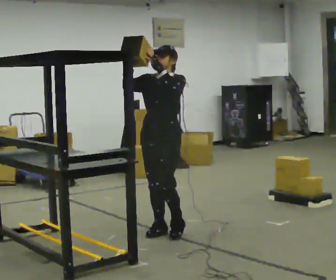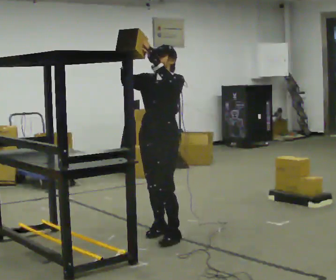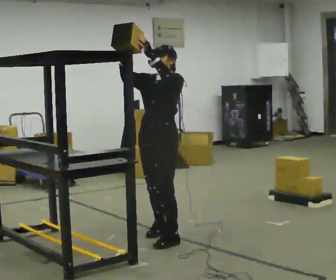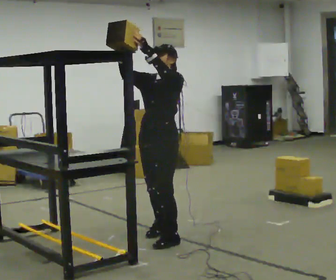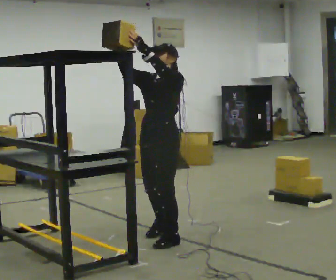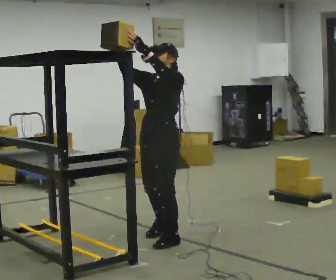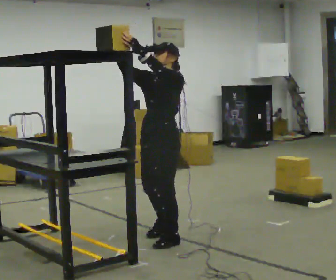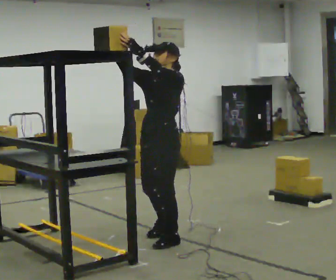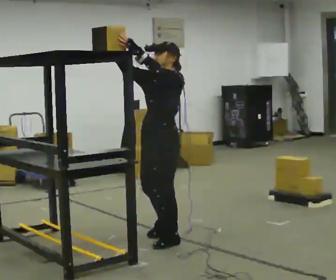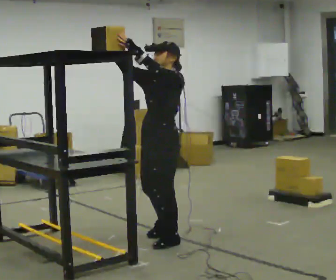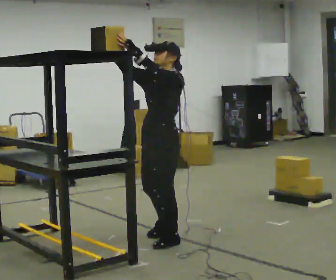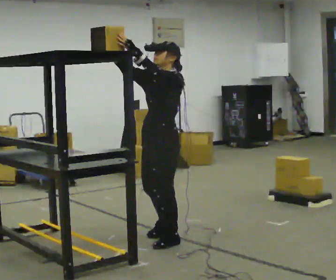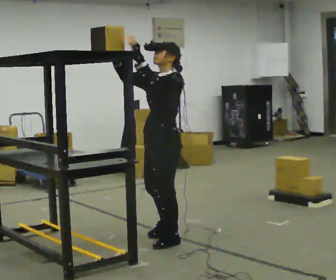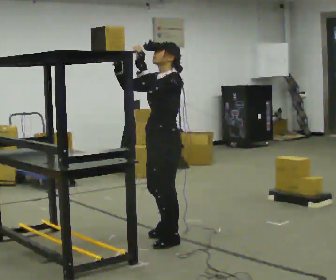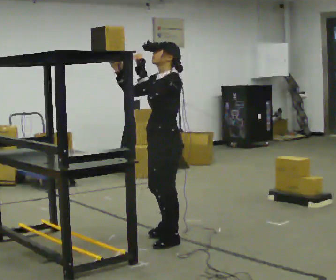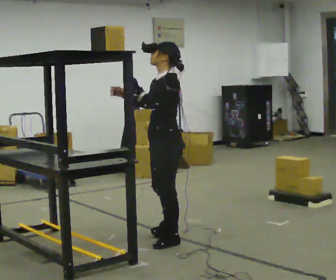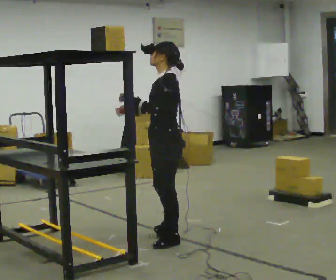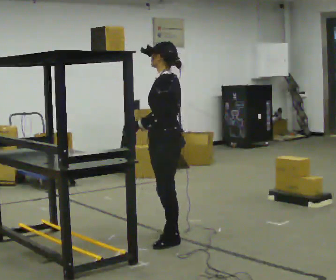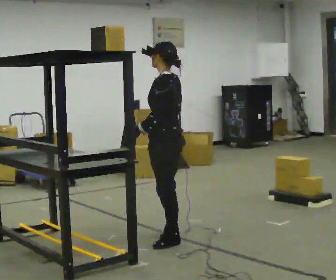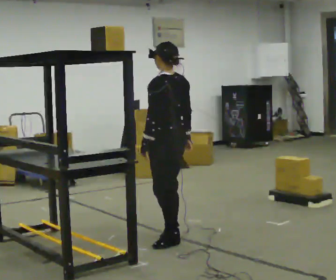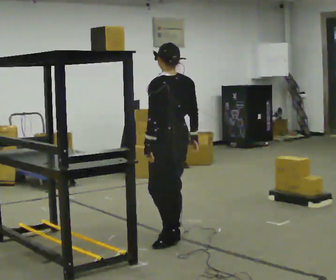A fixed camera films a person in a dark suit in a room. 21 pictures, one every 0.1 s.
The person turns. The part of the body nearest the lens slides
to the left.
Their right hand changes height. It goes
downward.
0.0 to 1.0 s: The part of the body nearest the lens slides to the left as the person turns to their right by about 30 degrees. In the picture they go toward the camera, about 0.25 m in 1 step, which for them is to their left and forward.
1.0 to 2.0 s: The person turns about 90 degrees to their right, clockwise seen from above, so the part of the body nearest the lens slides to the left. In the picture their right hand goes downward and to the right, the arm swinging counterclockwise.
The film runs forward here.
